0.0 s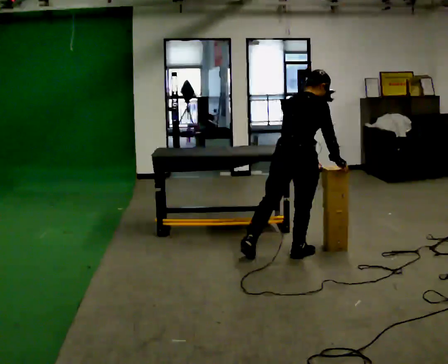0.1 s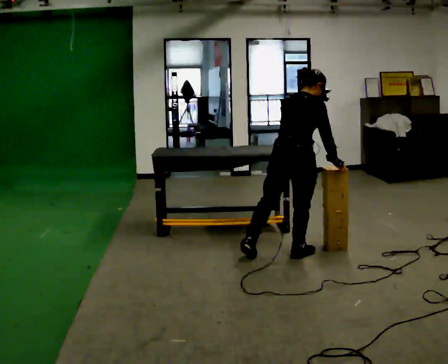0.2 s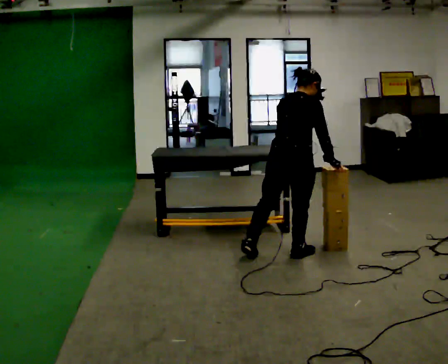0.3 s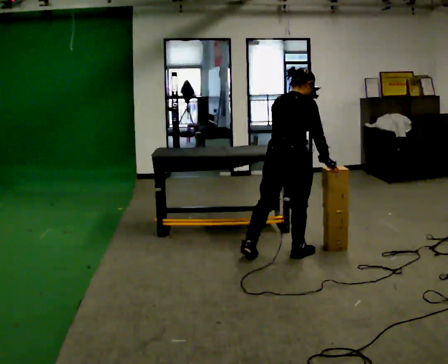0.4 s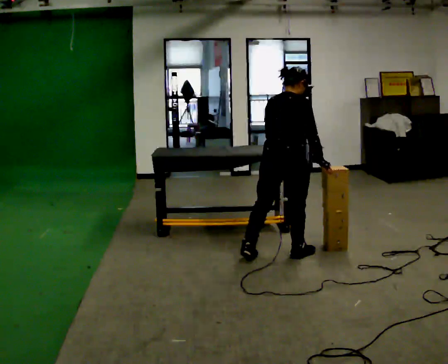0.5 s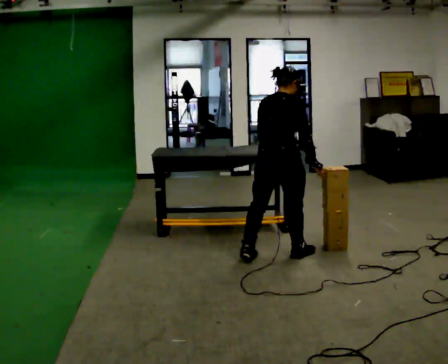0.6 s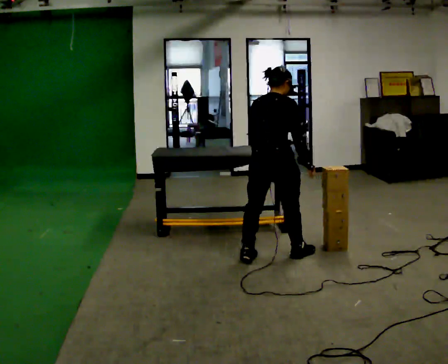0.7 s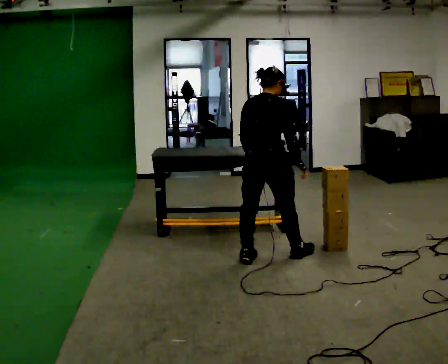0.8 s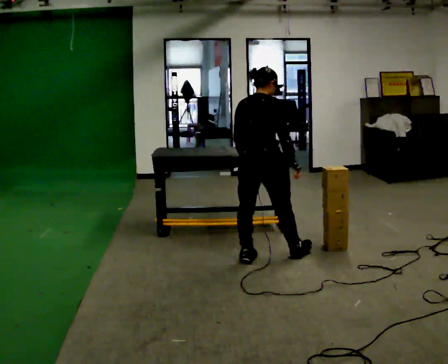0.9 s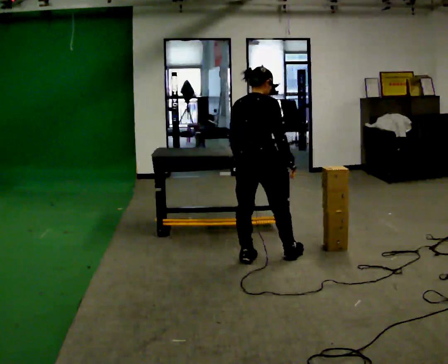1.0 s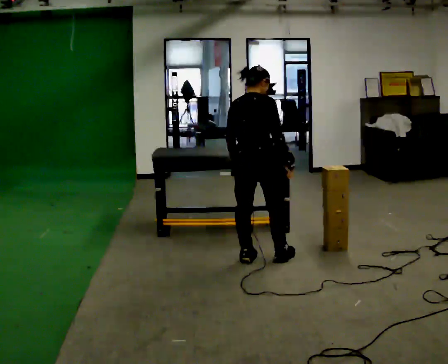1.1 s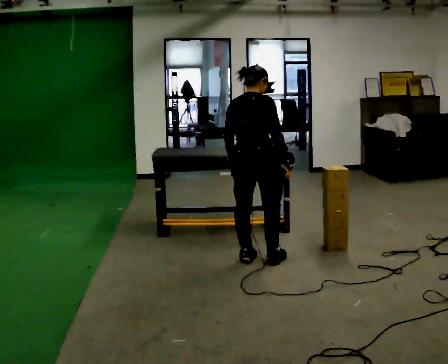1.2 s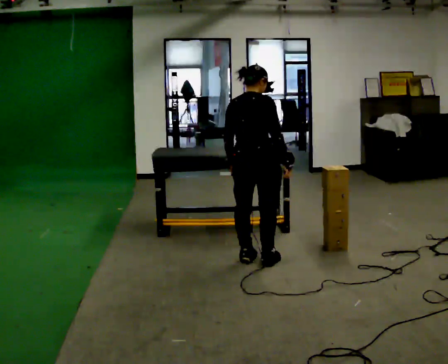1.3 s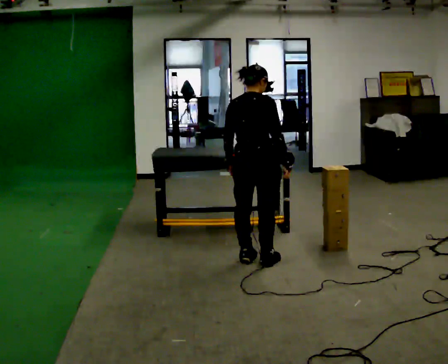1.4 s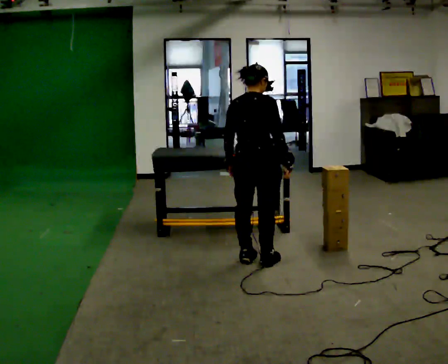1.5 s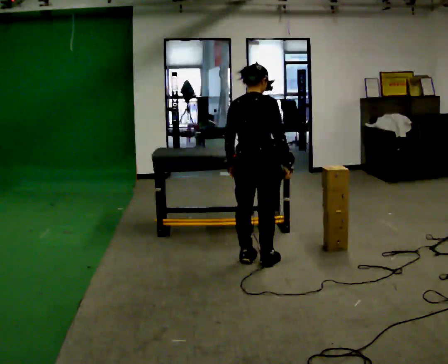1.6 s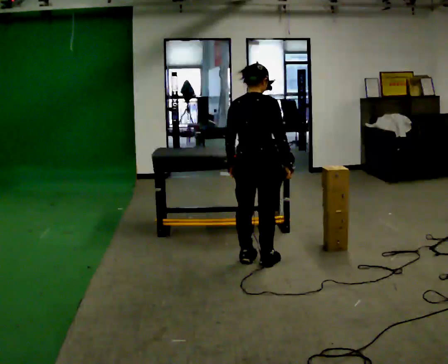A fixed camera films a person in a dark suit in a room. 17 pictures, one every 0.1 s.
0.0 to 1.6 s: In the picture they go to the left, about 0.25 m in 1 step, which for them is to their left and backward. In the picture the upper body tilts counterclockwise, shoulders to the left, as they lean back or straighten.
The film runs forward here.
